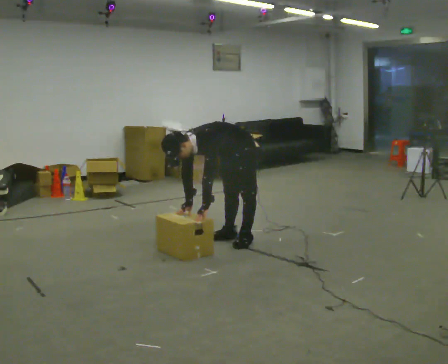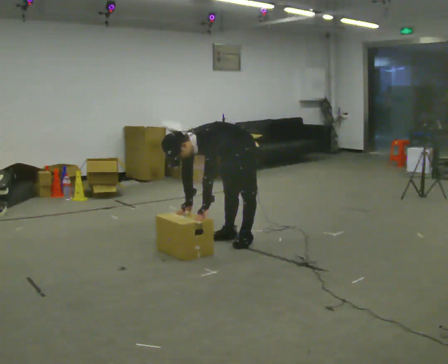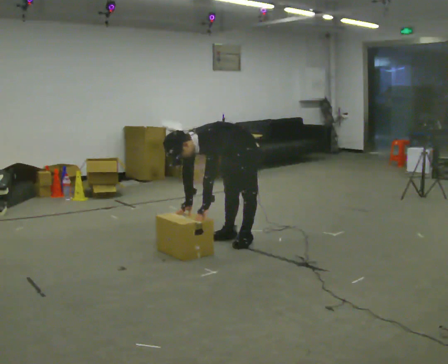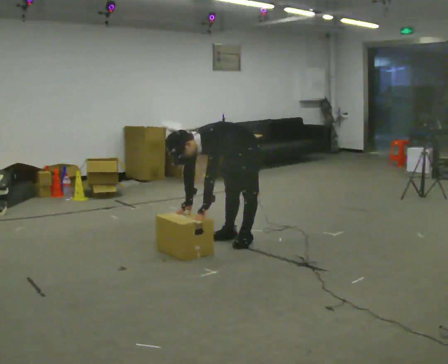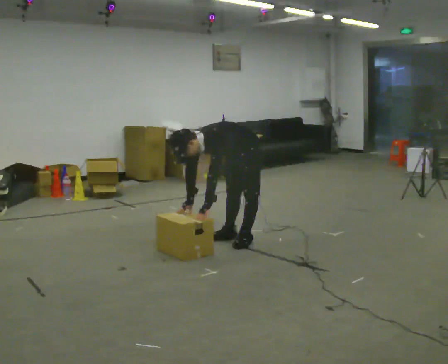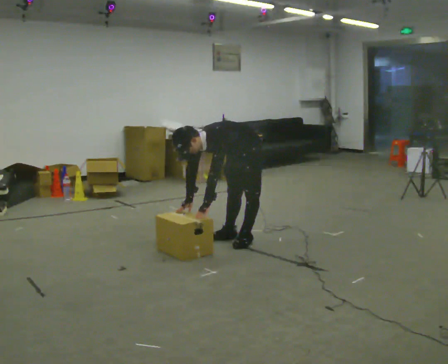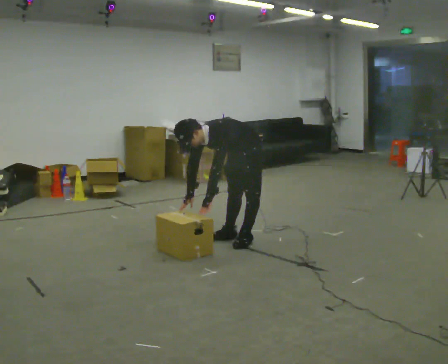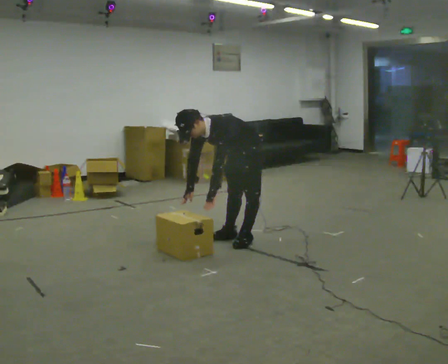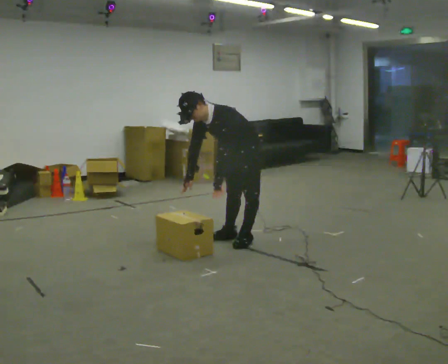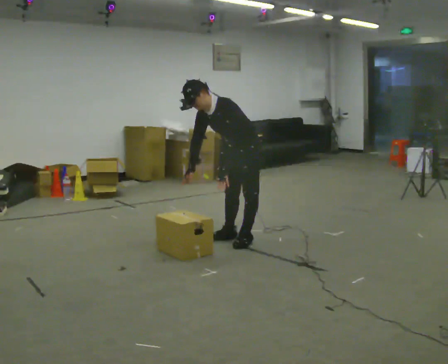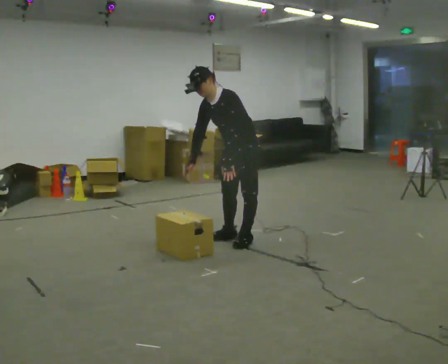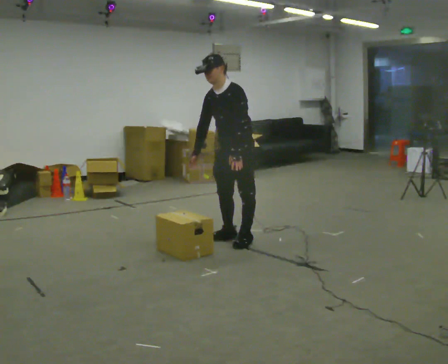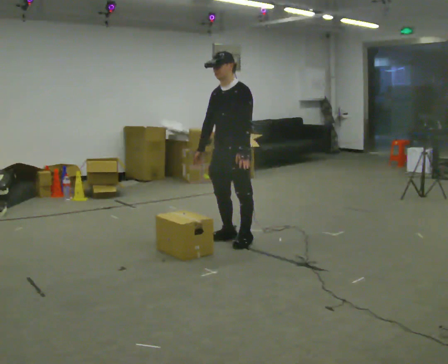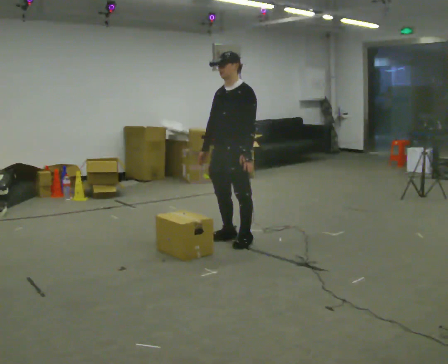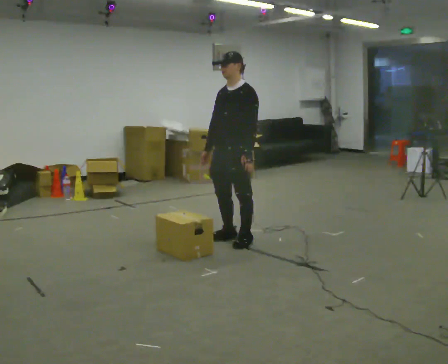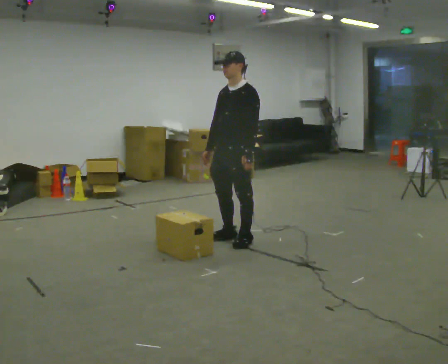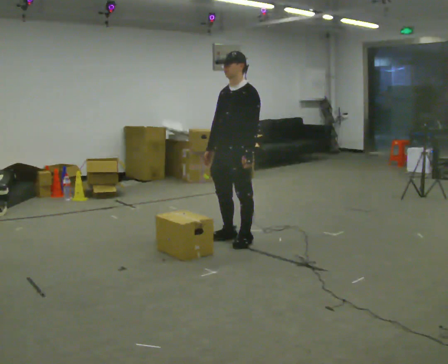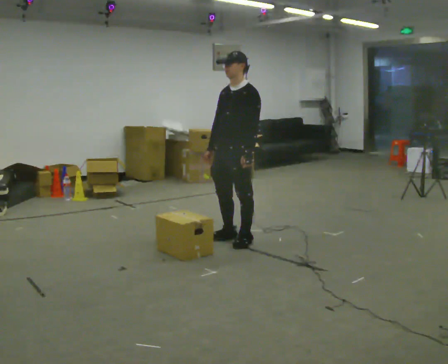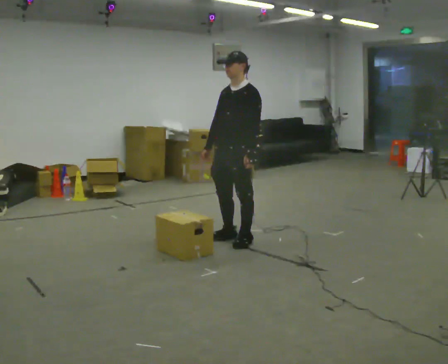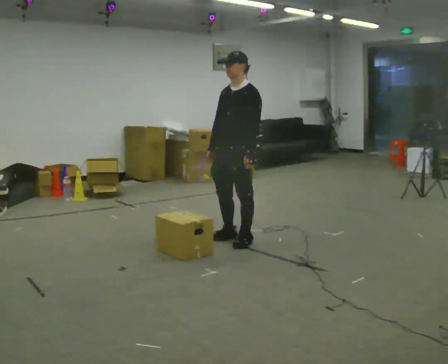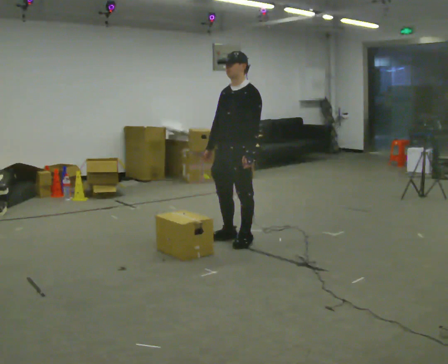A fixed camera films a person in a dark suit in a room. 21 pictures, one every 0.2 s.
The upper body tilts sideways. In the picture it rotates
clockwise.
The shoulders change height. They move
upward.
0.0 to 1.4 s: In the picture the upper body tilts clockwise, shoulders to the right, as they lean back or straighten.
1.4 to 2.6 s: In the picture they go toward the camera, about 0.25 m, which for them is forward. The upper body goes upward. In the picture the upper body tilts clockwise, shoulders to the right, as they lean back or straighten. In the picture their right hand goes upward.
2.6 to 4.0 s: The person moves a little, or ends about where they began.
The film runs backward here.
